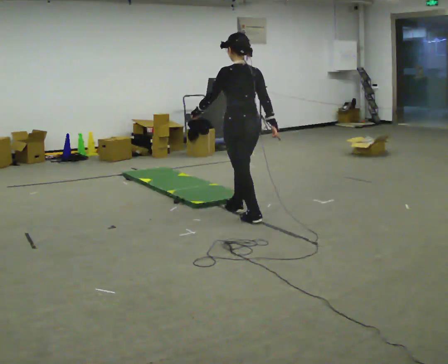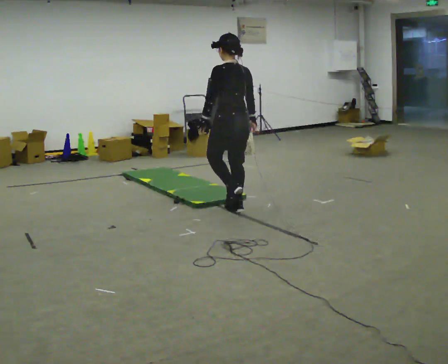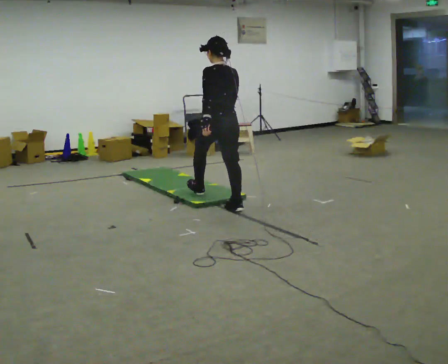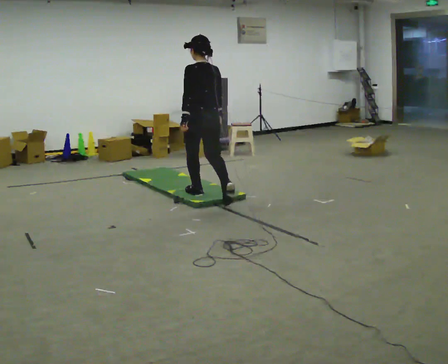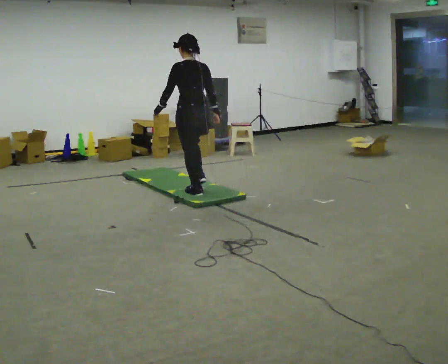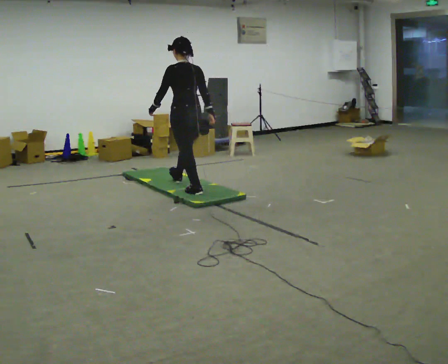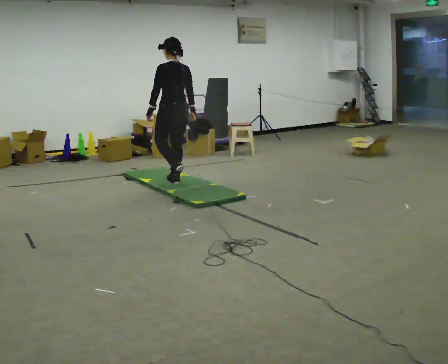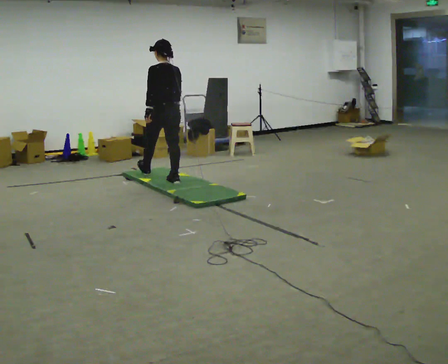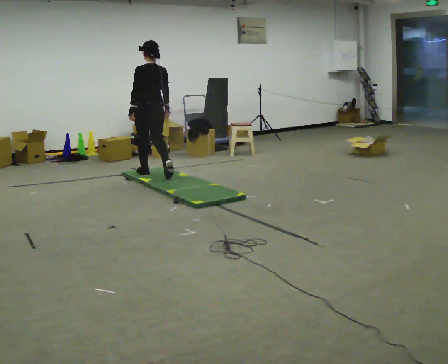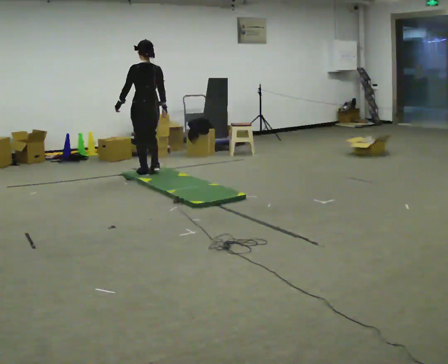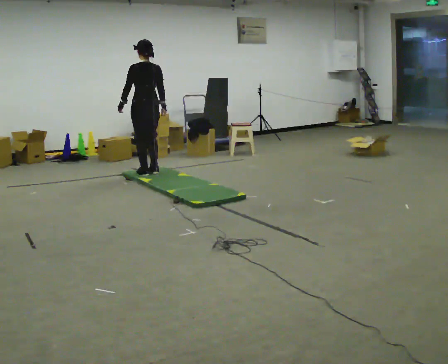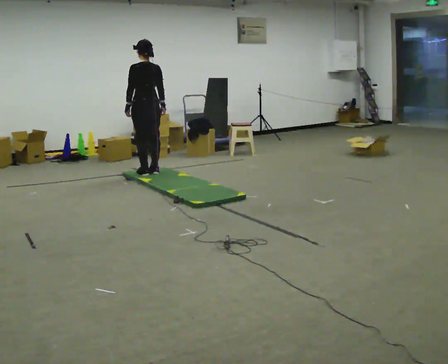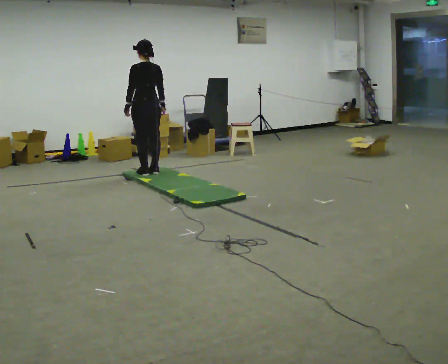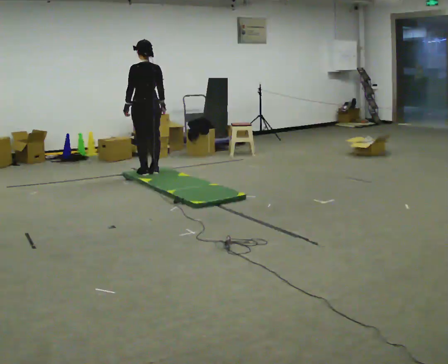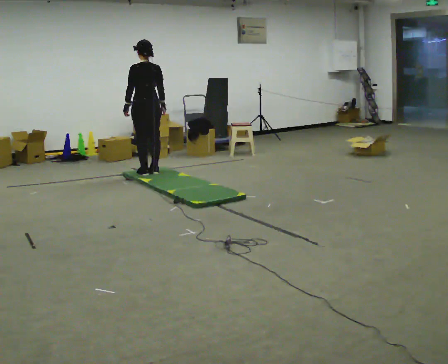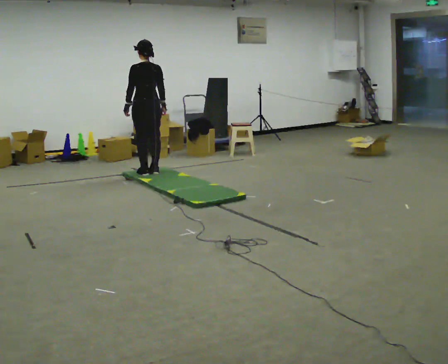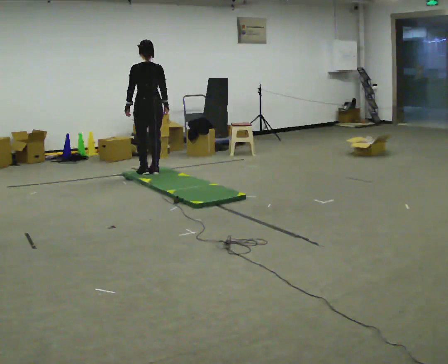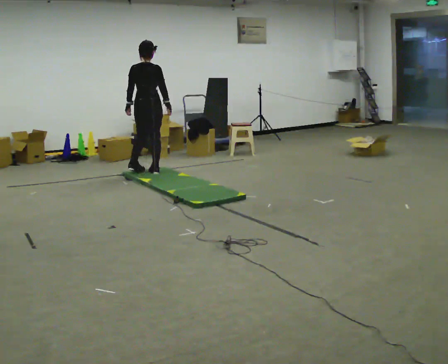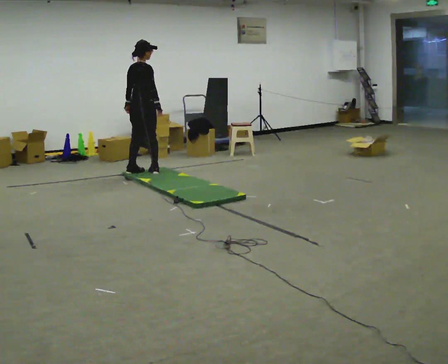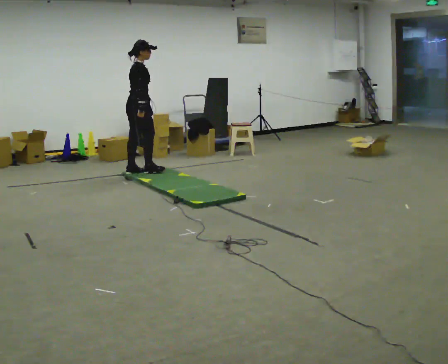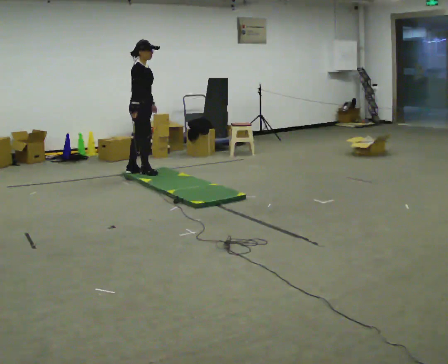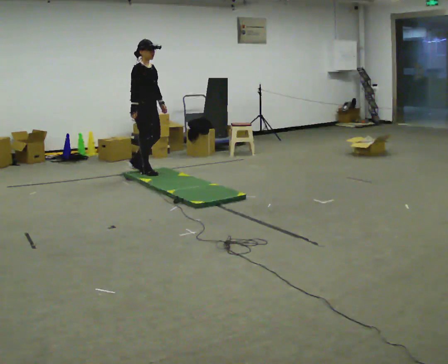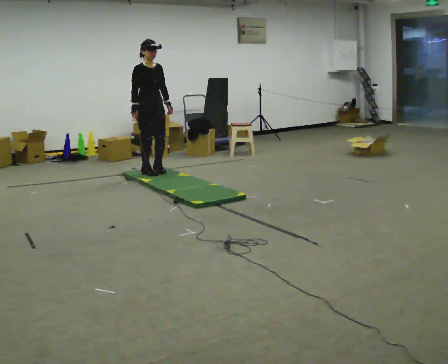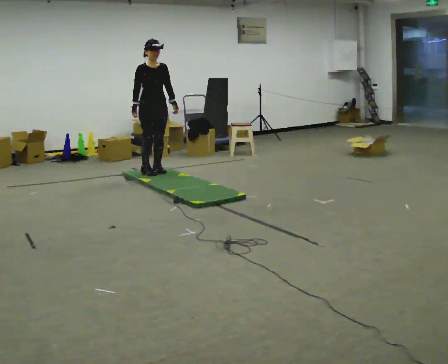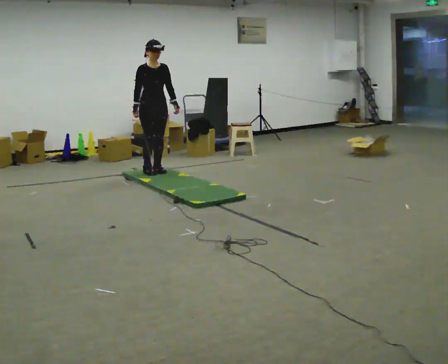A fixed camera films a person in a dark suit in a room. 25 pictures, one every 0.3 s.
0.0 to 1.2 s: In the picture they go away from the camera and to the left, about 1 m in 1 step, which for them is forward.
1.2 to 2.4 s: In the picture they go away from the camera and to the left, about 1 m in 2 steps, which for them is forward.
2.4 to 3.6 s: In the picture they go away from the camera, about 0.25 m in 1 step, which for them is forward.
3.6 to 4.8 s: The person moves a little, or ends about where they began.
4.8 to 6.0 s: Seen from above the body turns clockwise, about 105 degrees: to their right, with its near side sliding to the left.
6.0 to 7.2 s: The person turns about 60 degrees to their right, clockwise seen from above, so the part of the body nearest the lens slides to the left. In the picture they go to the right, about 0.25 m in 1 step, which for them is to their left.
The film runs forward here.
